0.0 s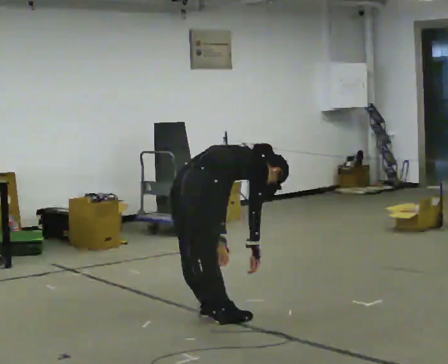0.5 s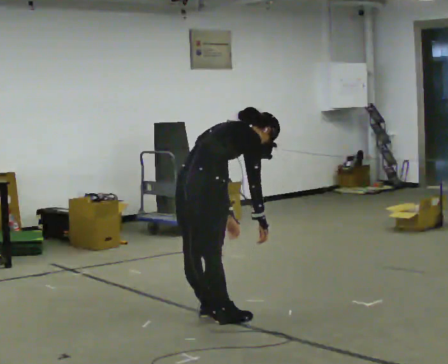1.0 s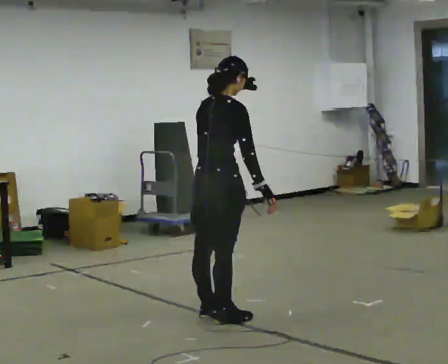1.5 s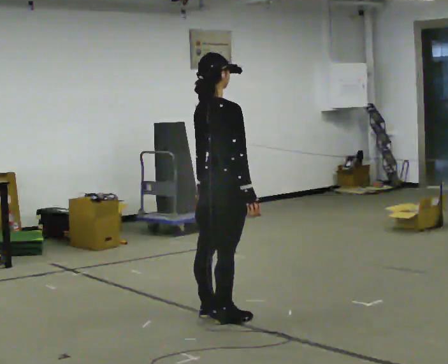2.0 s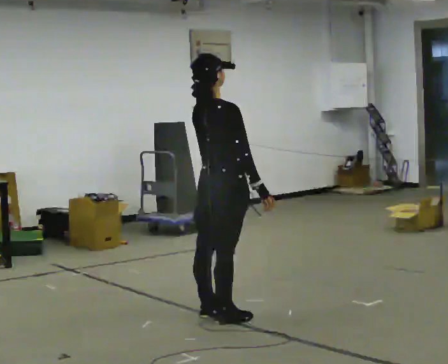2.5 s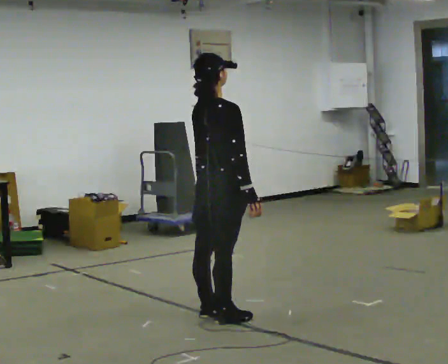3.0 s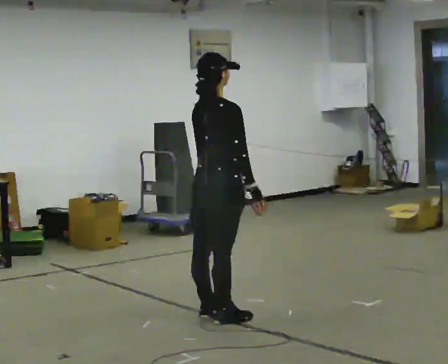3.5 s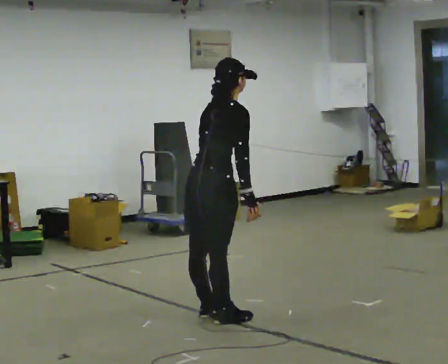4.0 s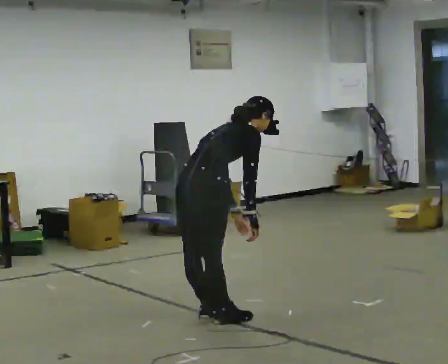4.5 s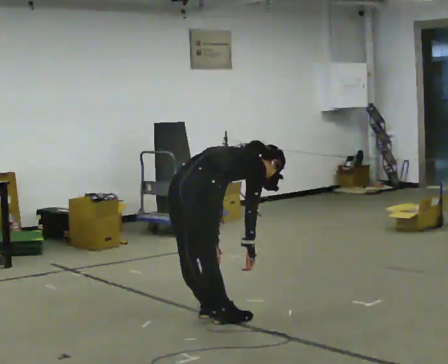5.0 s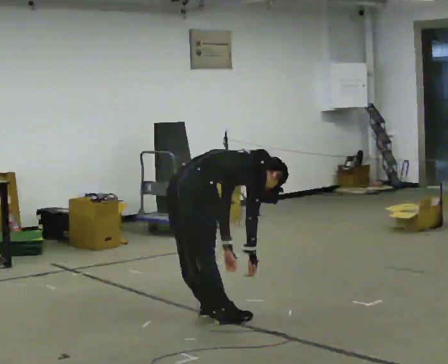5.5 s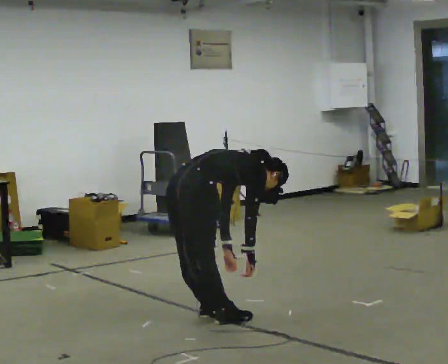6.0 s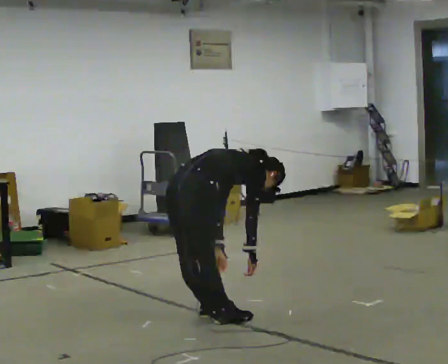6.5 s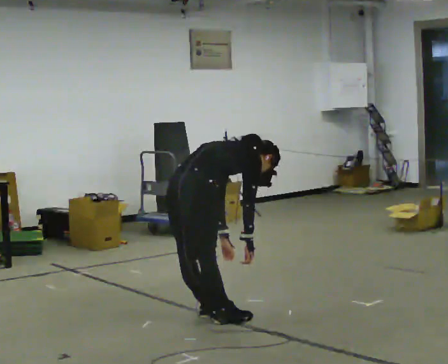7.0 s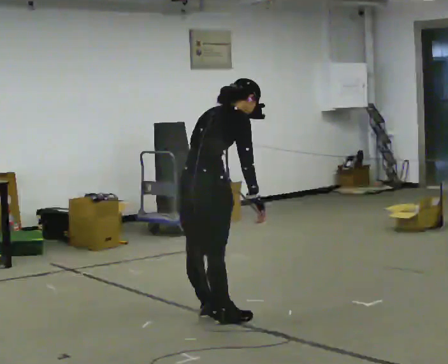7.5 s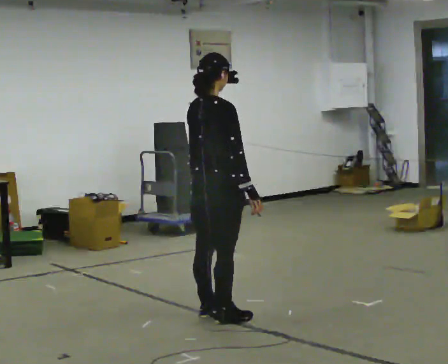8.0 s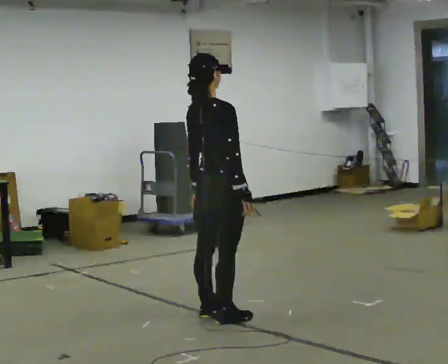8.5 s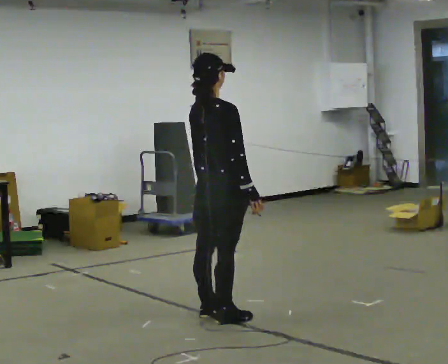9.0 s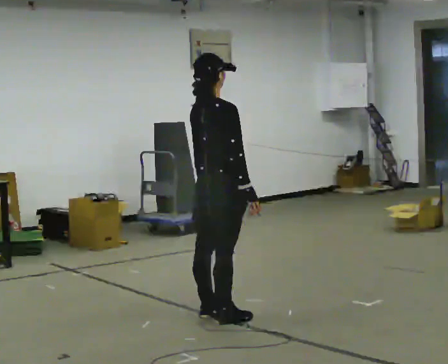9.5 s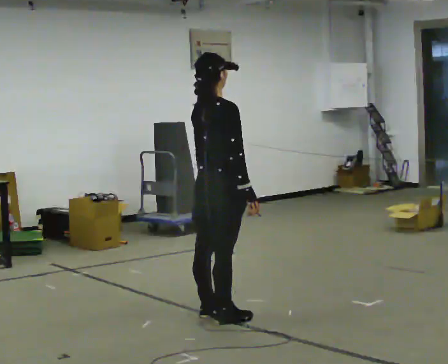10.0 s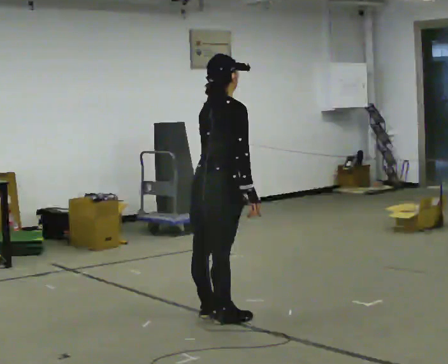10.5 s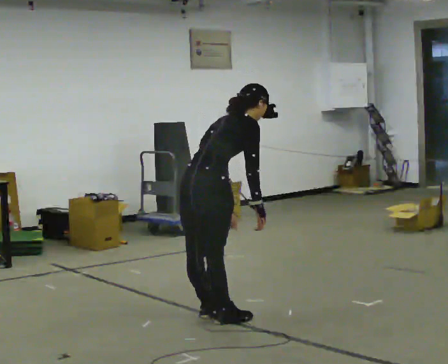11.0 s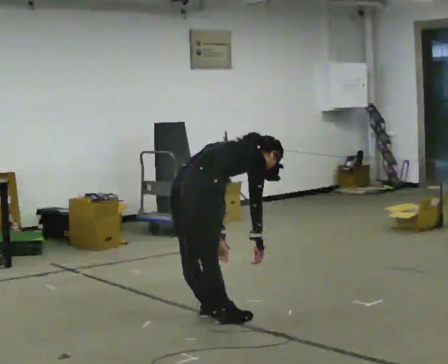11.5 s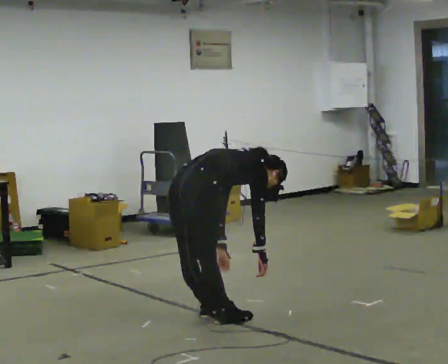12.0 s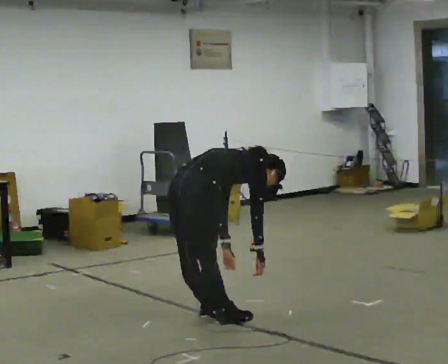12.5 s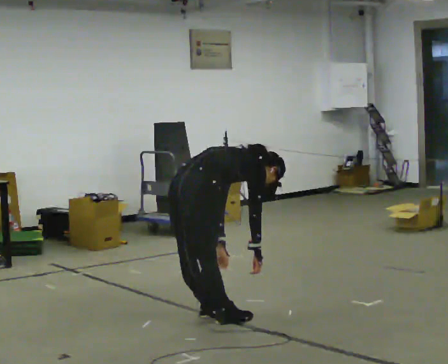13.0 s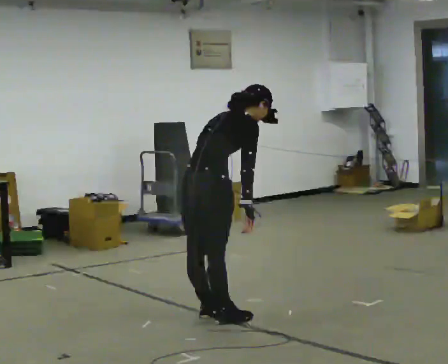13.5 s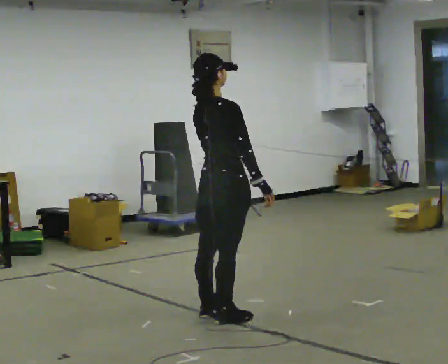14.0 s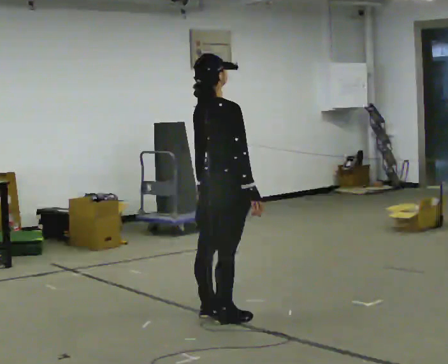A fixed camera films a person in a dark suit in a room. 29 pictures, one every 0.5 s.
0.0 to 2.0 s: The upper body goes upward. In the picture the upper body tilts counterclockwise, shoulders to the left, as they lean back or straighten. In the picture their right hand goes upward.
2.0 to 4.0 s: The shoulders move downward. In the picture the upper body tilts clockwise, shoulders to the right, as they bend forward.
4.0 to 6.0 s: The upper body goes downward. In the picture the upper body tilts clockwise, shoulders to the right, as they bend forward.
6.0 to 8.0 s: In the picture they go to the right, about 0.25 m, which for them is forward. The upper body goes upward. In the picture the upper body tilts counterclockwise, shoulders to the left, as they lean back or straighten. In the picture their right hand goes upward.
8.0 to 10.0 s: In the picture the upper body tilts clockwise, shoulders to the right, as they bend forward.
10.0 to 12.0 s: The upper body goes downward. In the picture the upper body tilts clockwise, shoulders to the right, as they bend forward. In the picture their left hand goes downward.
12.0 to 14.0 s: In the picture they go to the right, about 0.25 m, which for them is forward. The upper body goes upward. In the picture the upper body tilts counterclockwise, shoulders to the left, as they lean back or straighten. In the picture their left hand goes upward.
The film runs forward here.
